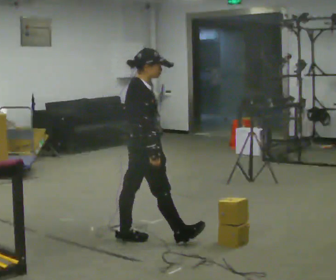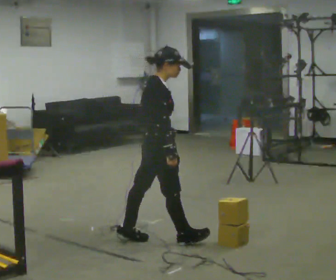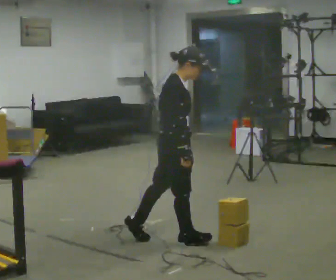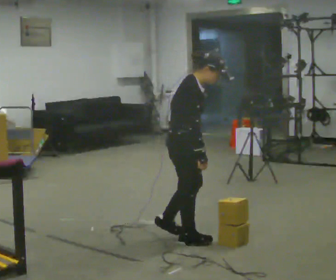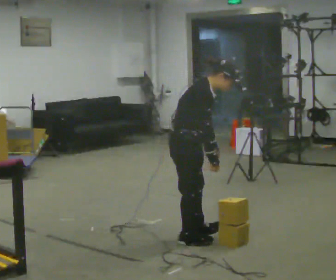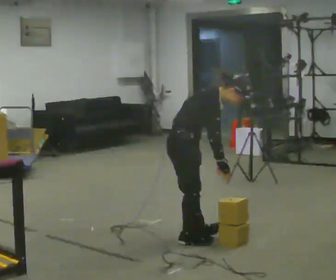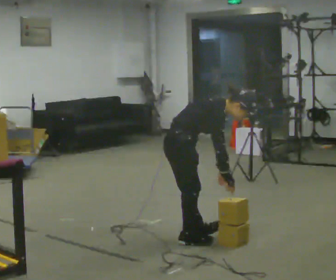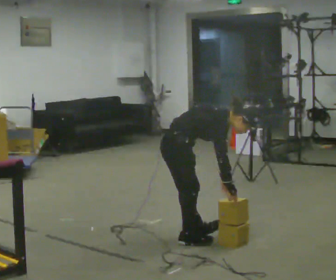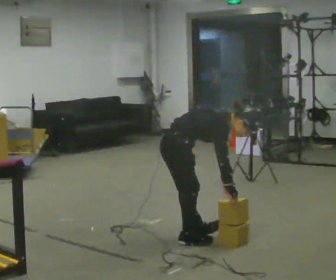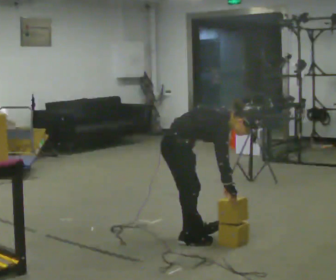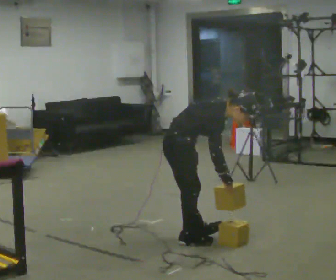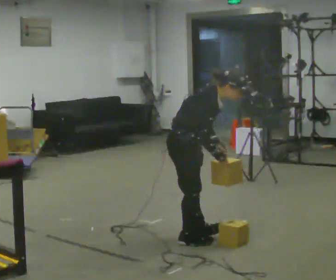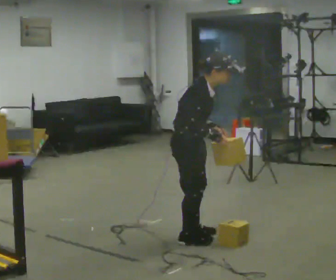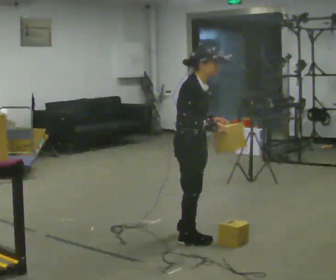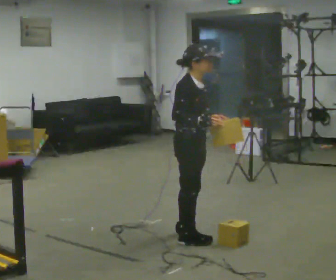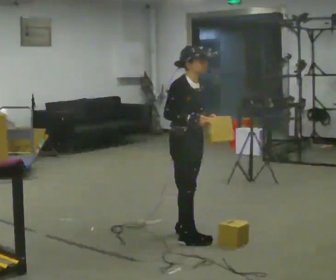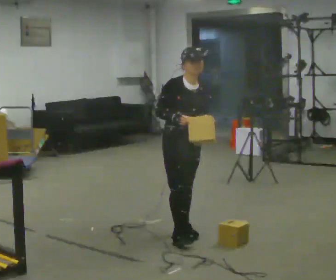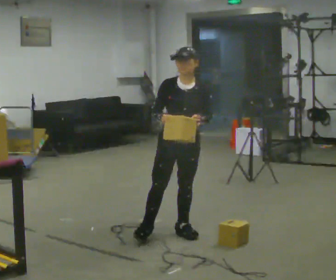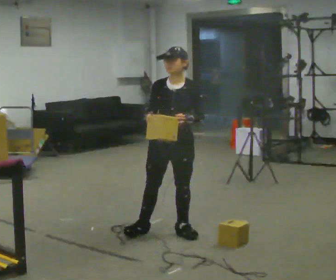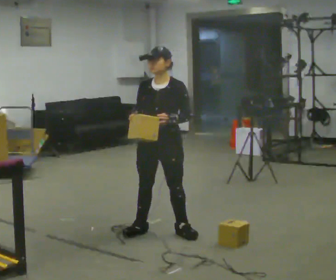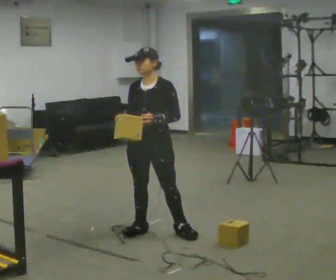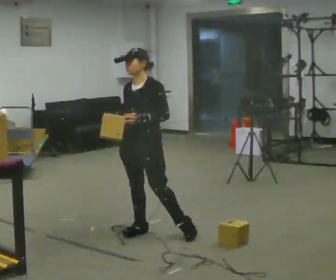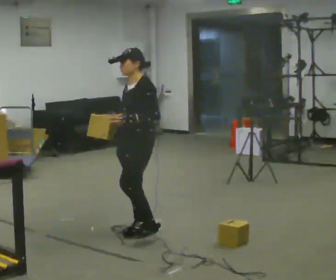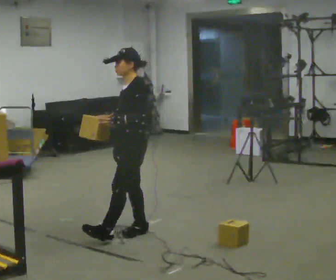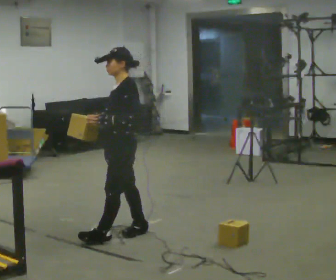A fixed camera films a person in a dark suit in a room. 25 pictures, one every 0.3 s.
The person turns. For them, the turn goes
to their right.
The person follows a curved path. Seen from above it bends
counterclockwise.
0.0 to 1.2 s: In the picture they go to the right, about 0.25 m in 1 step, which for them is forward. In the picture the upper body tilts clockwise, shoulders to the right, as they bend forward.
1.2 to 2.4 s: The upper body goes downward. In the picture the upper body tilts clockwise, shoulders to the right, as they bend forward.
2.4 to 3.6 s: The upper body goes upward. In the picture the upper body tilts counterclockwise, shoulders to the left, as they lean back or straighten. In the picture their right hand goes upward.
3.6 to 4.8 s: The part of the body nearest the lens slides to the left as the person turns to their right by about 60 degrees. In the picture they go away from the camera, about 0.25 m in 1 step, which for them is to their left.
4.8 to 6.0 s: Seen from above the body turns clockwise, about 45 degrees: to their right, with its near side sliding to the left. In the picture they go to the left, about 0.25 m in 1 step, which for them is to their right. In the picture their right hand goes to the left.
6.0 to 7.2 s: Seen from above the body turns clockwise, about 45 degrees: to their right, with its near side sliding to the left. In the picture they go to the left, about 0.25 m in 1 step, which for them is forward.
The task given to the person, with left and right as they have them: Carry the object over and fit it into the gap between the two boxes already on the shelf, without touching either of them. Keep going until the operator says stop; one object at a time, and do not rush between trips.
The film runs forward here.
